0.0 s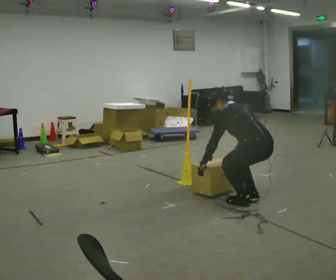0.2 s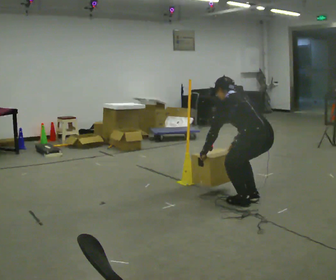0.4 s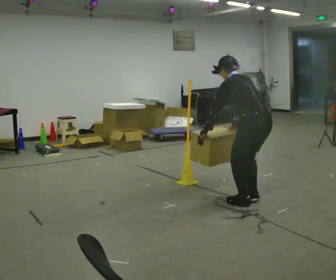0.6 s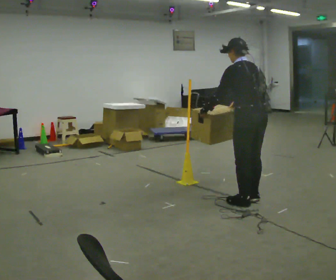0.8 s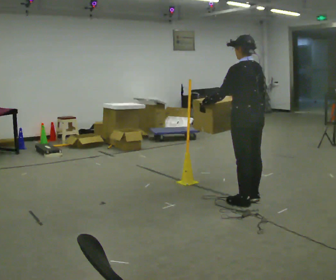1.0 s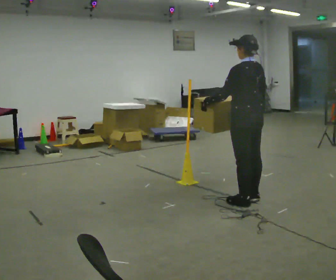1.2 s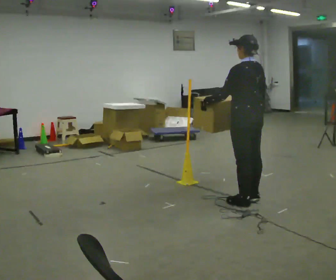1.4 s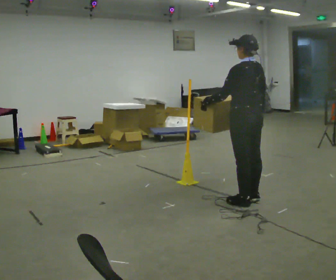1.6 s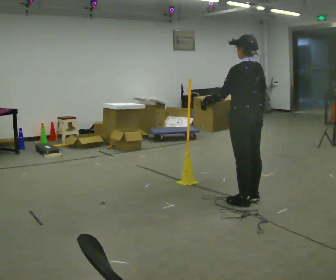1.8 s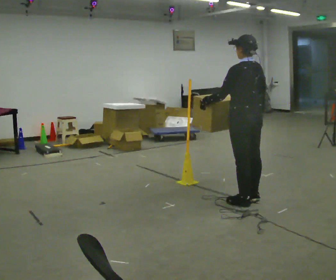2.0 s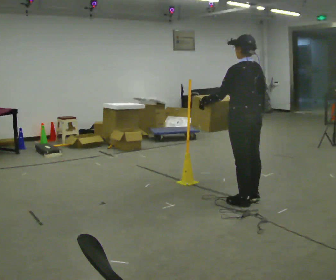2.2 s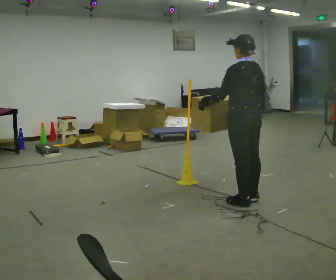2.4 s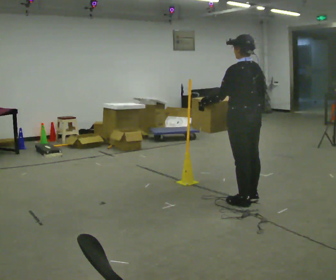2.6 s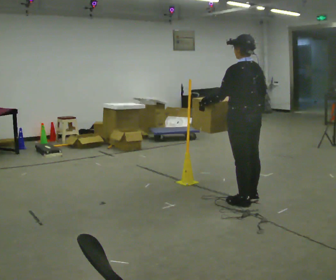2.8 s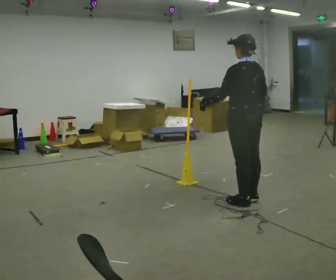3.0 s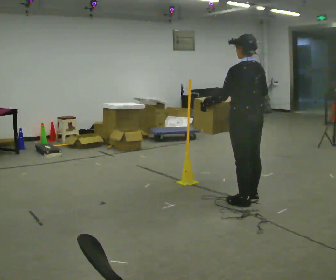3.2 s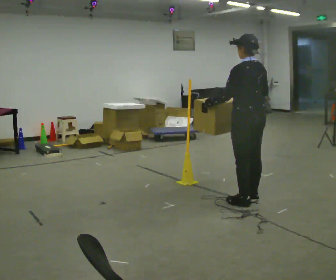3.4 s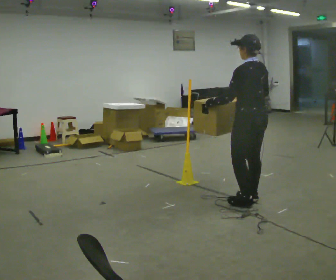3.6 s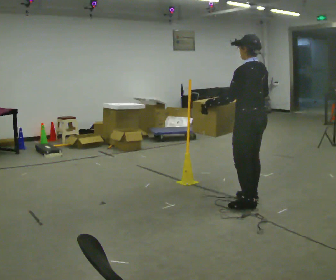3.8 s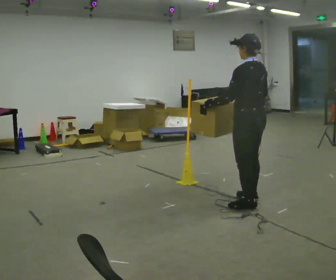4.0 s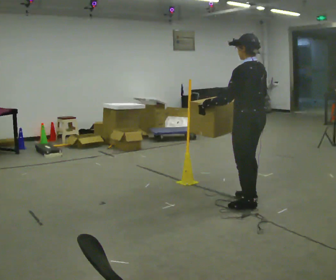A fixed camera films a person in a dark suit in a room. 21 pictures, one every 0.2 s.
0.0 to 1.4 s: The upper body goes upward. In the picture the upper body tilts clockwise, shoulders to the right, as they lean back or straighten. In the picture their right hand goes upward.
1.4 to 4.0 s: The person moves a little, or ends about where they began.
The film runs backward here.
